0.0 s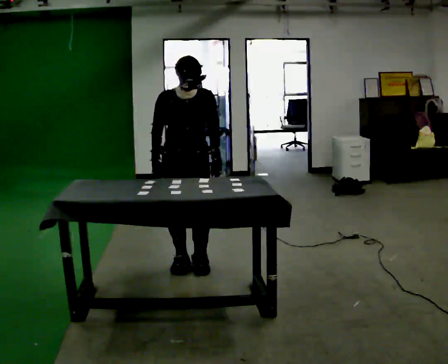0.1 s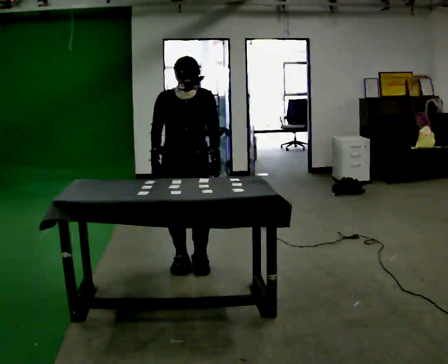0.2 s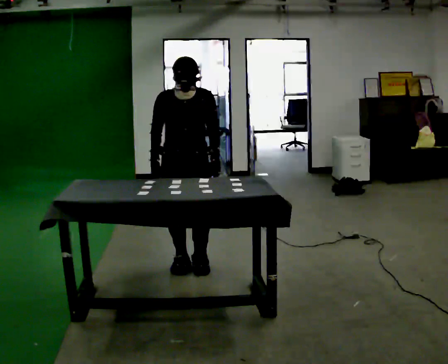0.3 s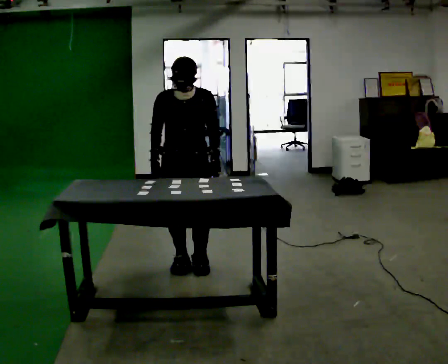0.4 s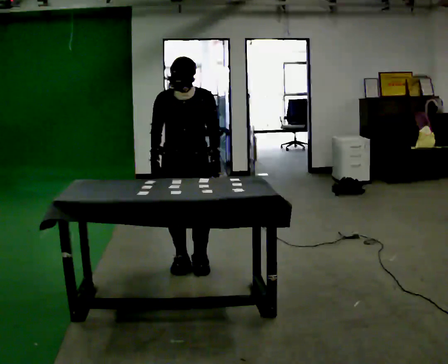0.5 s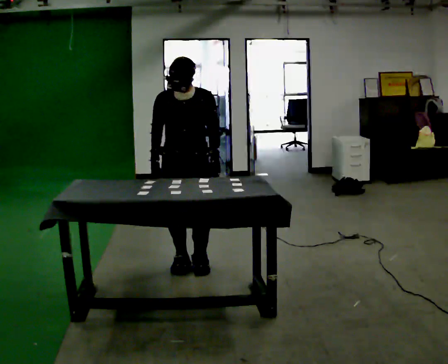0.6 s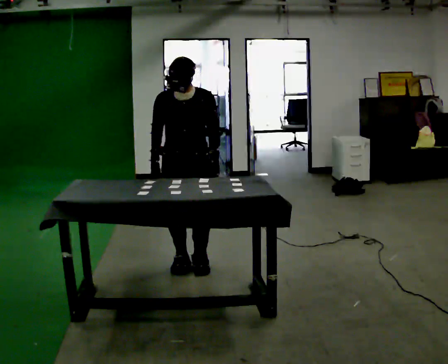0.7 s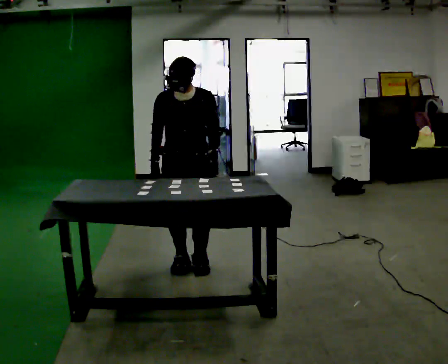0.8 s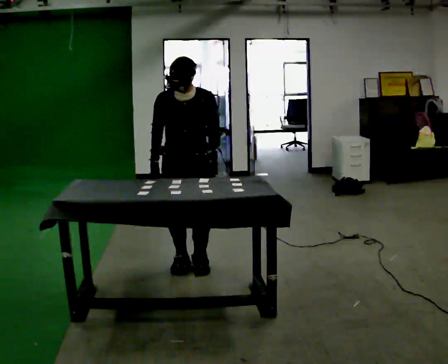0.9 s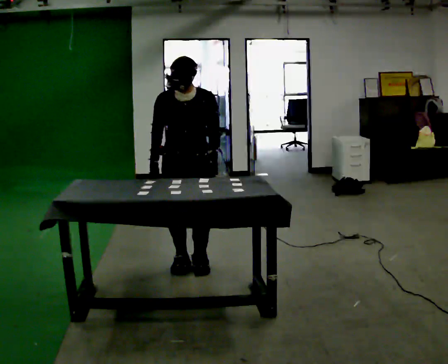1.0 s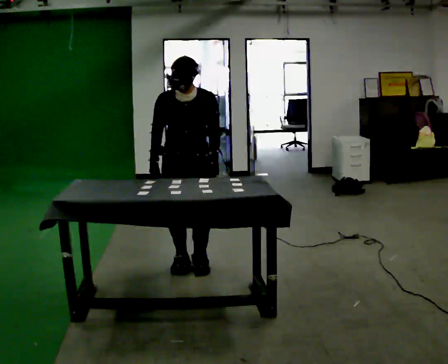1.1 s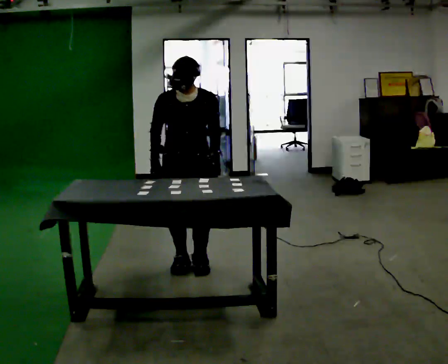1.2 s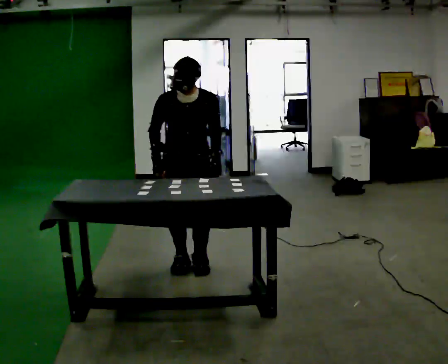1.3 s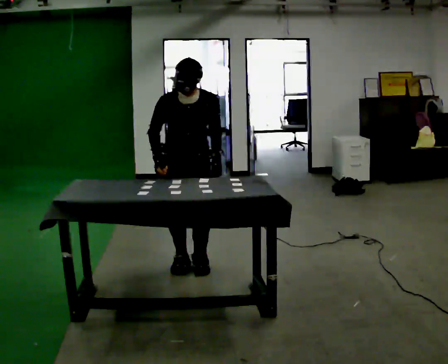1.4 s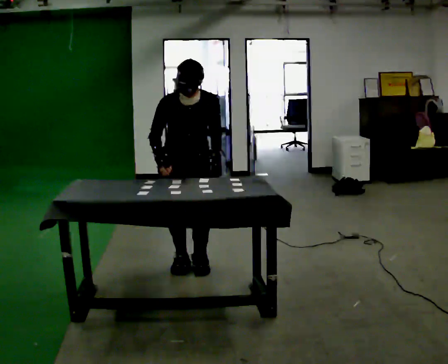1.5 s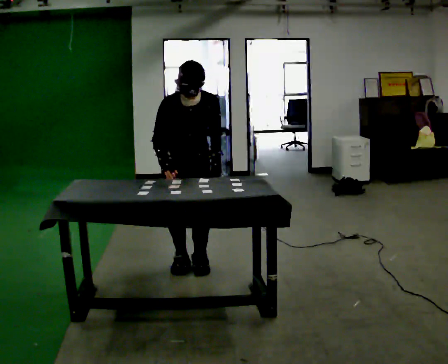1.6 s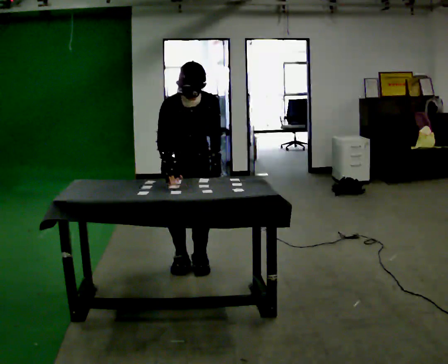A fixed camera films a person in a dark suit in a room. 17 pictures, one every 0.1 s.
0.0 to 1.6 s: The upper body tips toward the camera, its near side rolling downward, as they bend forward.
The film runs backward here.
